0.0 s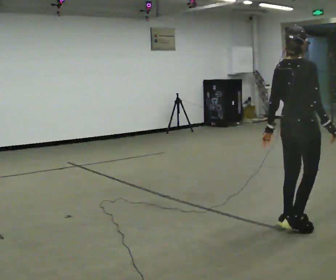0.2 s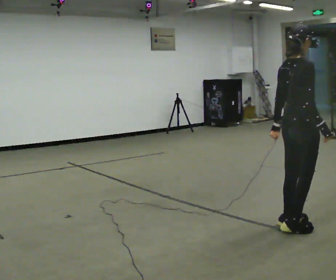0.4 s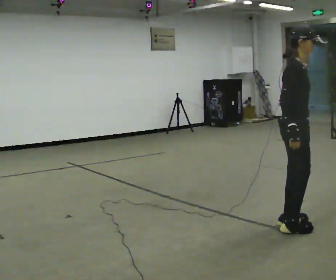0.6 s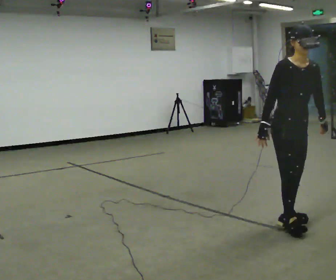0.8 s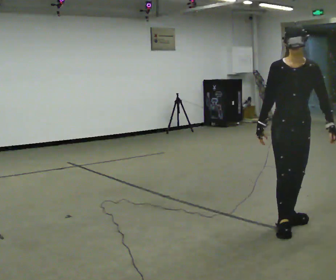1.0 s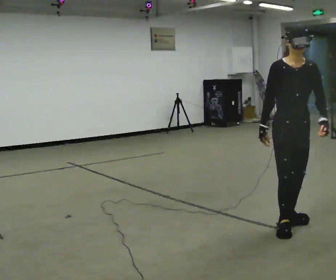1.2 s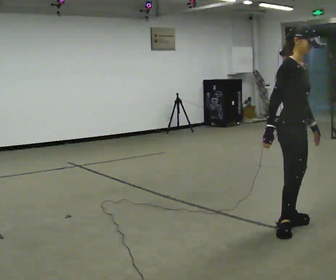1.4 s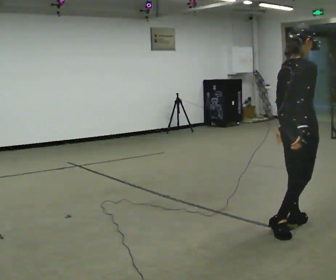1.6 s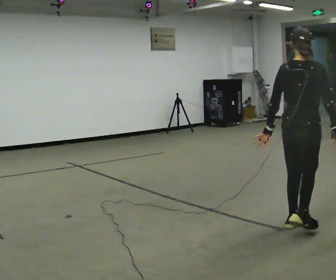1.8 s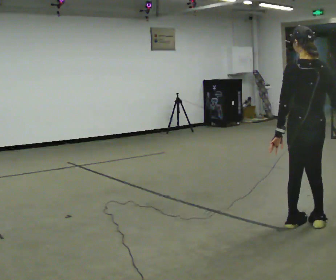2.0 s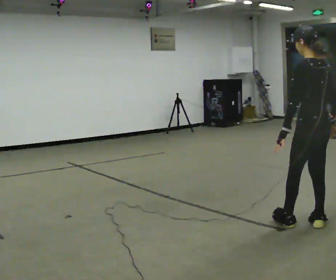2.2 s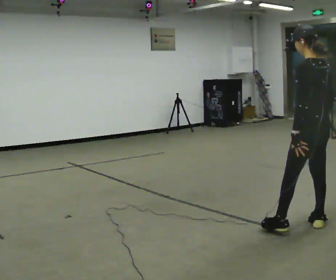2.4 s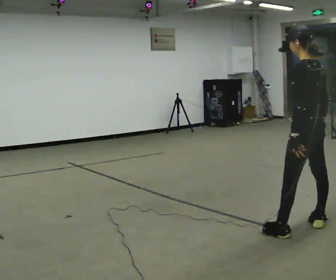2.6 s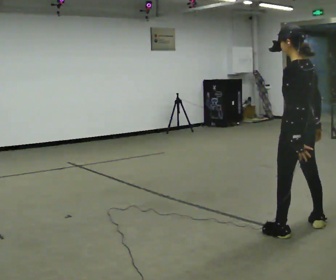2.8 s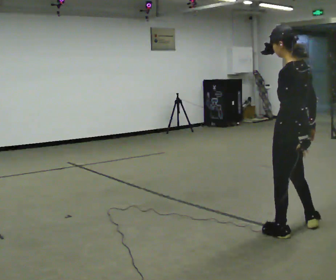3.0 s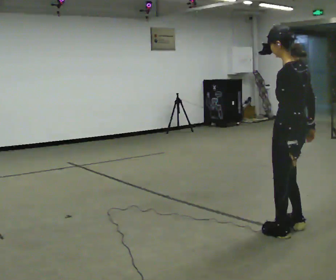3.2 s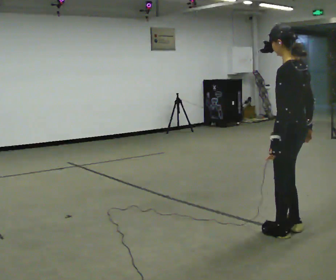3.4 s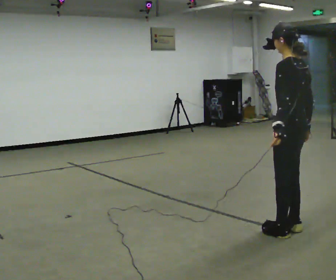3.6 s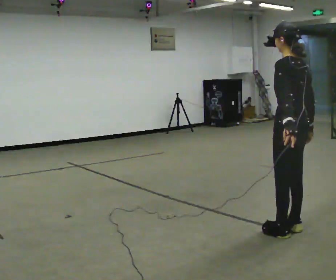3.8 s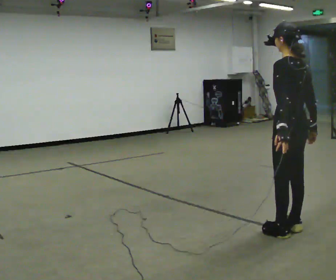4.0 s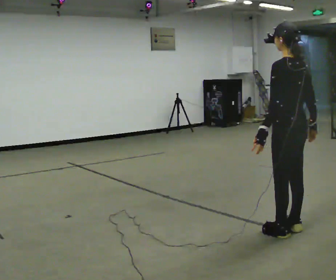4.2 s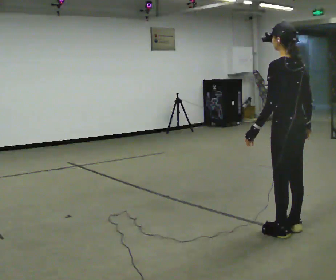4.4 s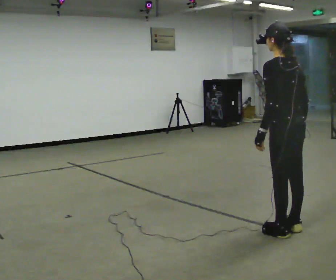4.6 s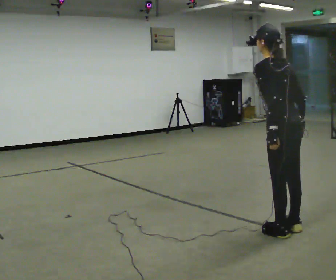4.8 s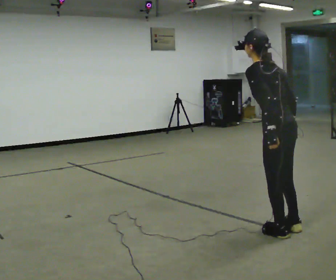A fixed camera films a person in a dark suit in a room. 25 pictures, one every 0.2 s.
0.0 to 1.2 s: The part of the body nearest the lens slides to the left as the person turns to their right by about 60 degrees. In the picture their right hand goes to the left, the arm swinging clockwise.
1.2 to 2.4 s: Seen from above the body turns counterclockwise, about 165 degrees: to their left, with its near side sliding to the right. In the picture their right hand goes to the right.
2.4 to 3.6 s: The person moves a little, or ends about where they began.
3.6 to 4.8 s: In the picture the upper body tilts counterclockwise, shoulders to the left, as they bend forward.
The film runs forward here.
